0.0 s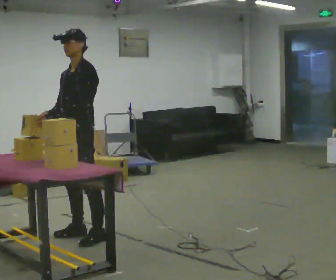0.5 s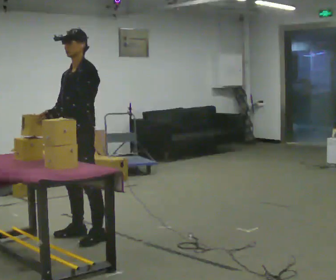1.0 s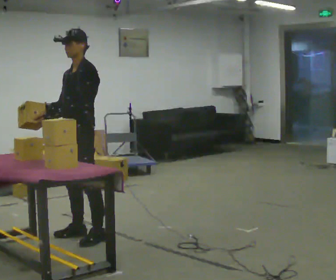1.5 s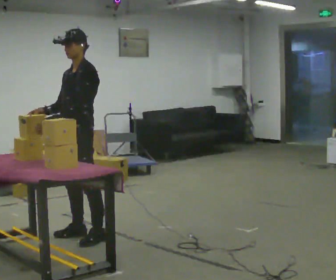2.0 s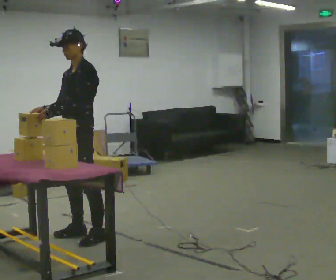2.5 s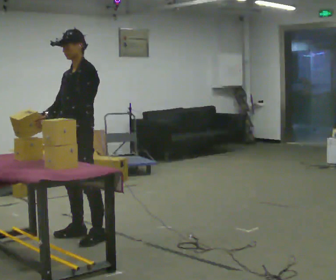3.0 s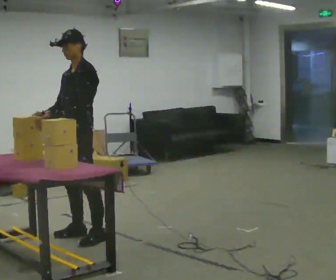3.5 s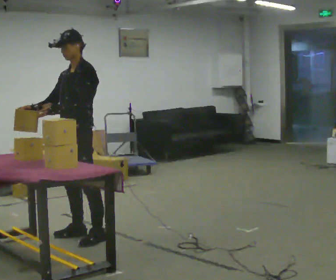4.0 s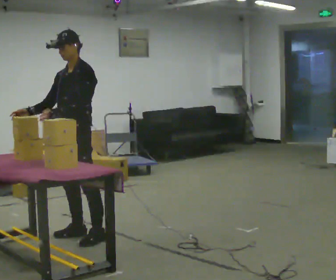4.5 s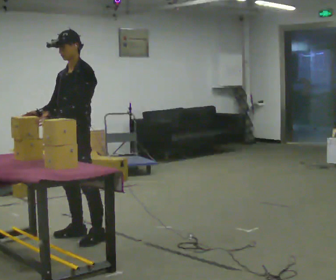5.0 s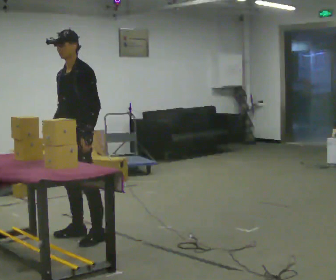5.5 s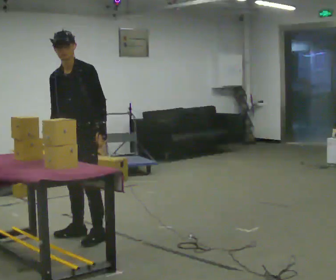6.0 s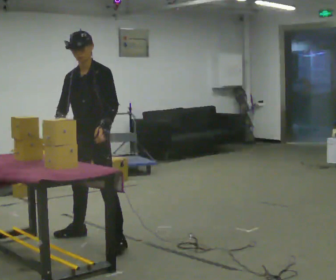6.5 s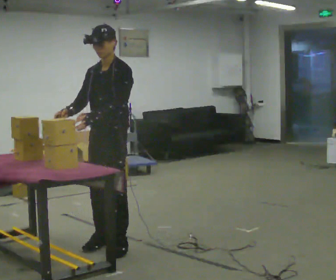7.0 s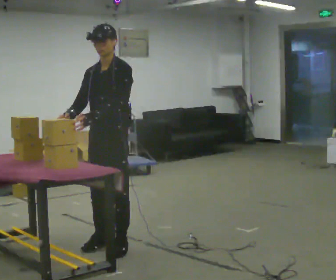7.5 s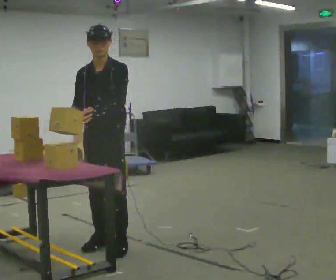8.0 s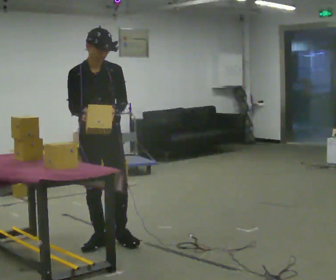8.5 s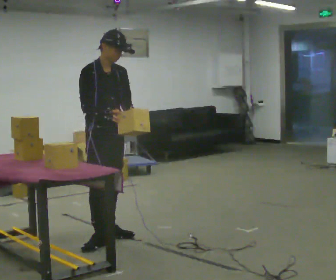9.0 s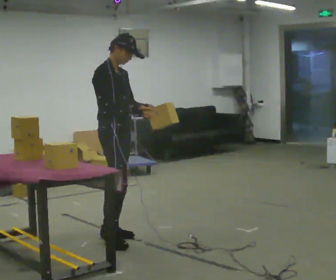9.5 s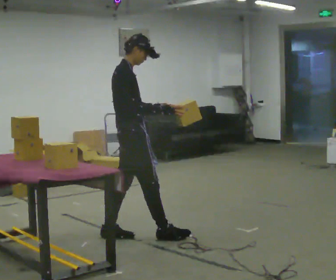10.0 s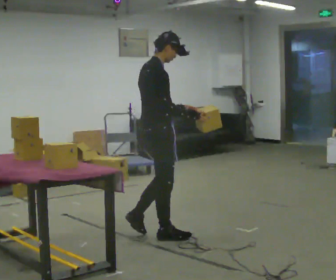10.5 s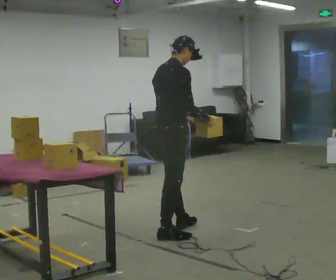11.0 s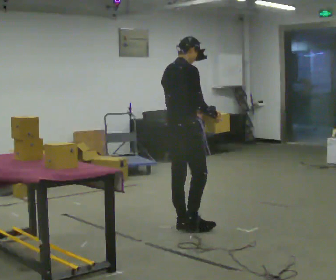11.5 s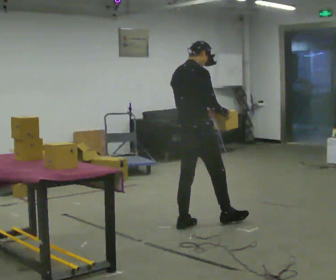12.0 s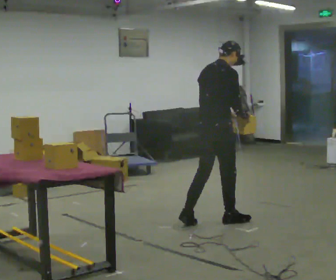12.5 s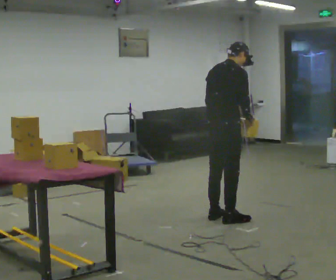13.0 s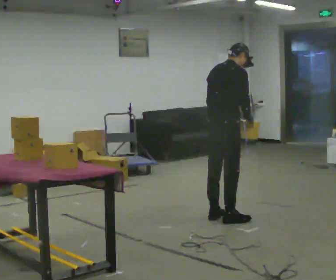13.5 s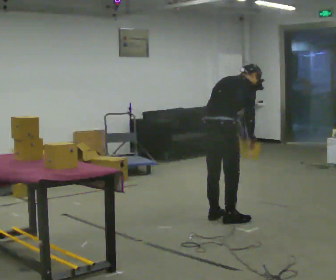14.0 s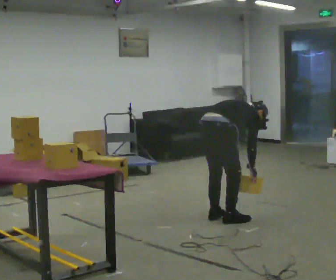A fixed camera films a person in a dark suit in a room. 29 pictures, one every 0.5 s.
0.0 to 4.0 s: The person moves a little, or ends about where they began.
4.0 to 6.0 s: In the picture they go to the right, about 0.25 m in 1 step, which for them is to their left. In the picture their left hand goes to the right.
6.0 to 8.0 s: Seen from above the body turns counterclockwise, about 45 degrees: to their left, with its near side sliding to the right.
8.0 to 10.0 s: The person turns about 90 degrees to their left, counterclockwise seen from above, so the part of the body nearest the lens slides to the right. In the picture they go to the right, about 0.5 m in 2 steps.
10.0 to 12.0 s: In the picture they go to the right and away from the camera, about 0.75 m in 2 steps, which for them is forward.
12.0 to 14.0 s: The upper body goes downward. In the picture the upper body tilts clockwise, shoulders to the right, as they bend forward. In the picture their left hand goes downward.
The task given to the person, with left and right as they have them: Carry the box over and put it on the shelf with the label facing out towards you. Get the orientation right, not just the position. Keep going until the operator says stop; one object at a time, and do not rush between trips.
The film runs forward here.
